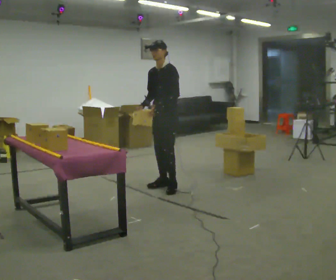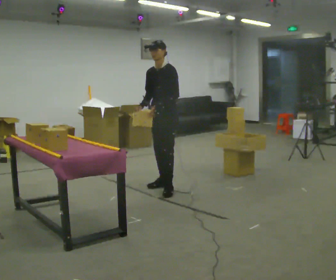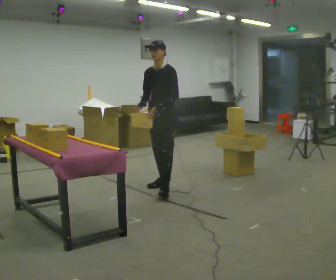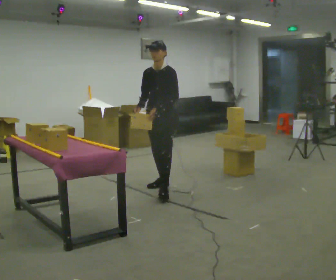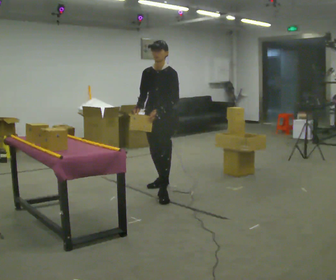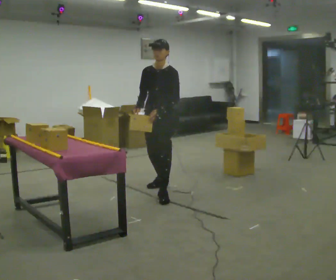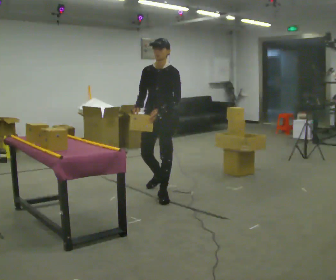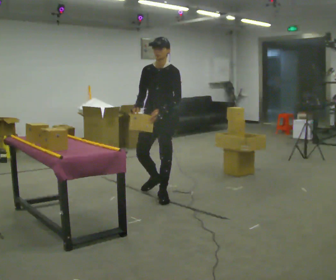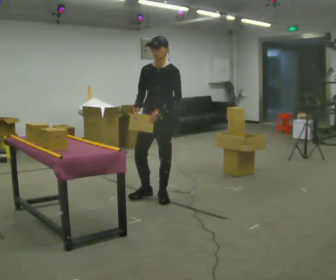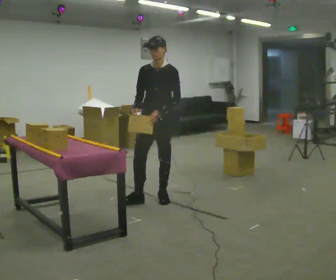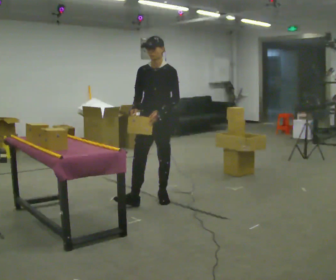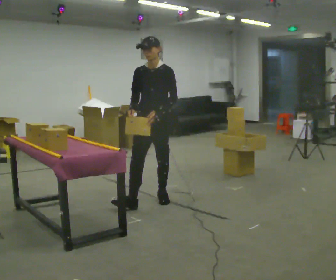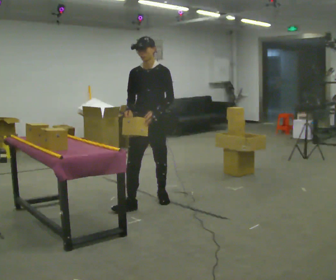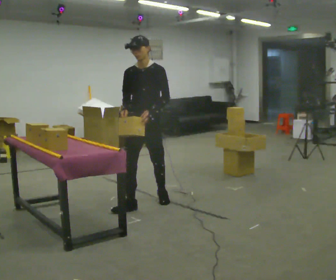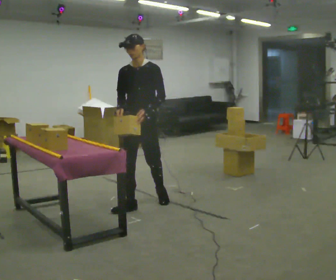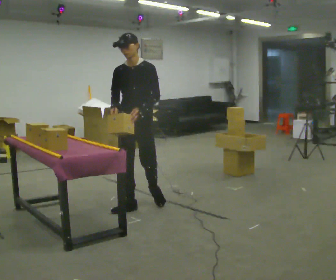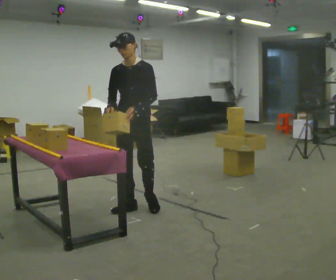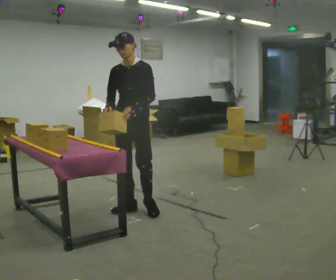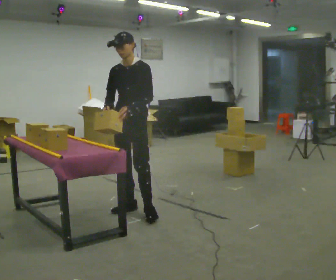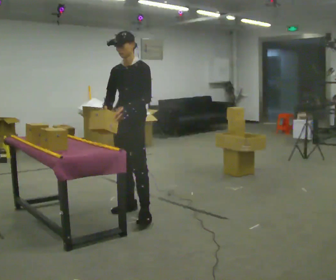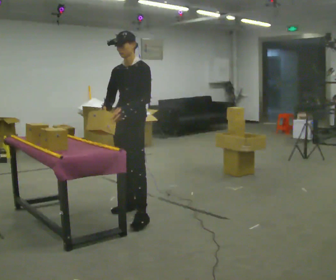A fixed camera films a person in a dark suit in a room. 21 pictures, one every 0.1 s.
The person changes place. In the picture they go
toward the camera.
0.0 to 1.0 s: In the picture they go toward the camera, about 0.5 m in 1 step, which for them is forward.
1.0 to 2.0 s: In the picture they go toward the camera and to the left, about 0.5 m in 2 steps, which for them is forward.
The film runs forward here.
